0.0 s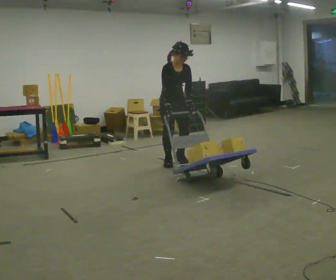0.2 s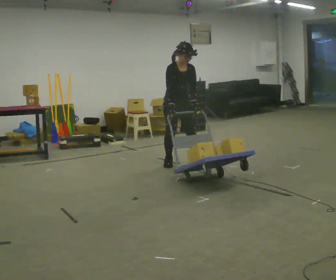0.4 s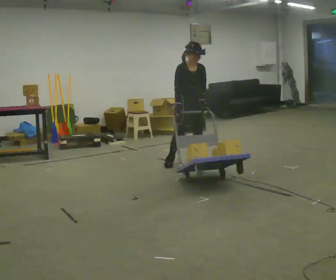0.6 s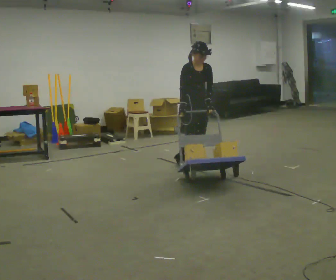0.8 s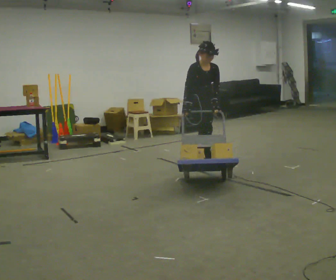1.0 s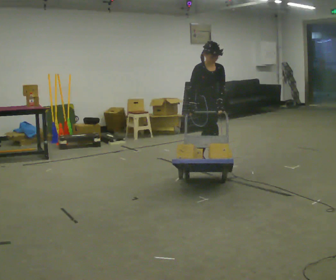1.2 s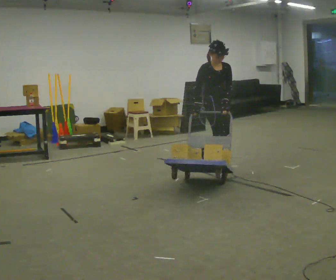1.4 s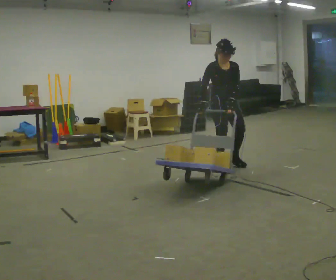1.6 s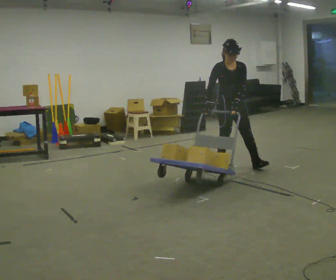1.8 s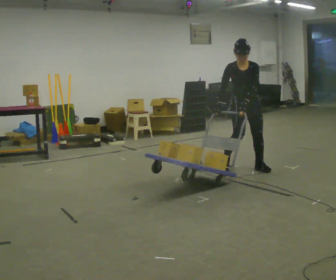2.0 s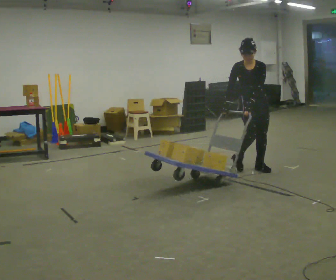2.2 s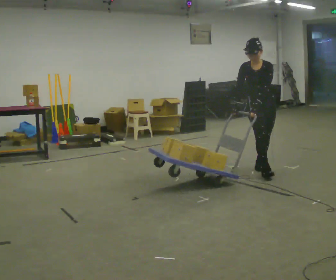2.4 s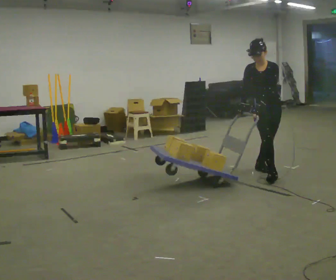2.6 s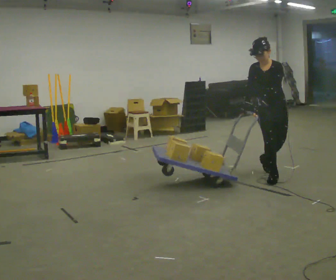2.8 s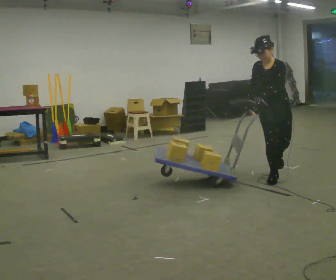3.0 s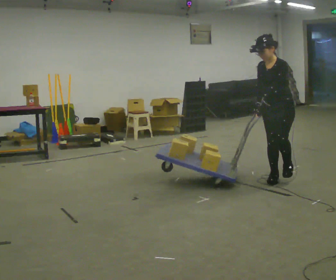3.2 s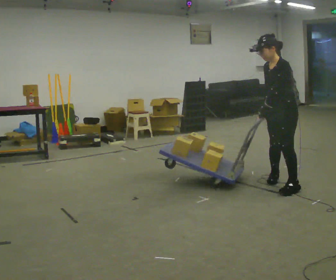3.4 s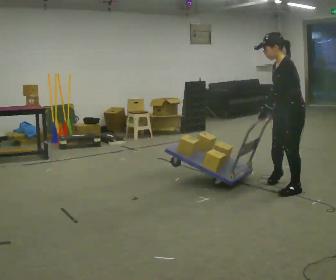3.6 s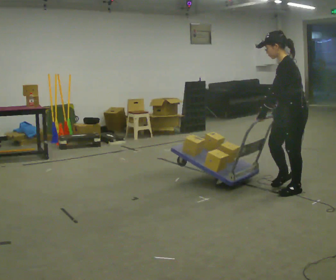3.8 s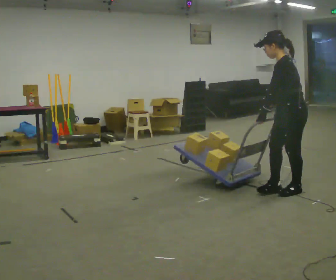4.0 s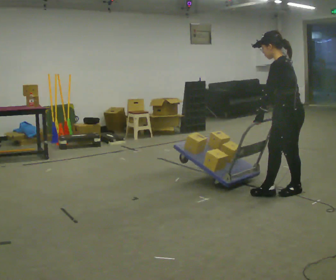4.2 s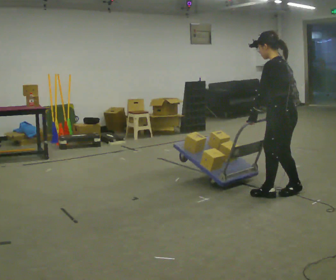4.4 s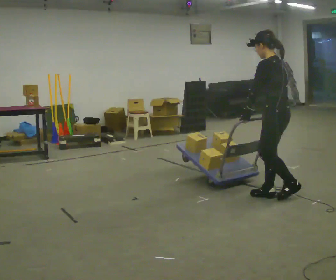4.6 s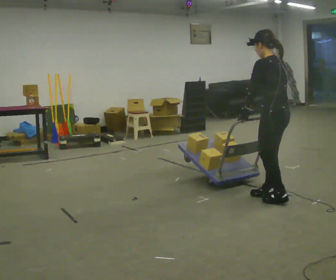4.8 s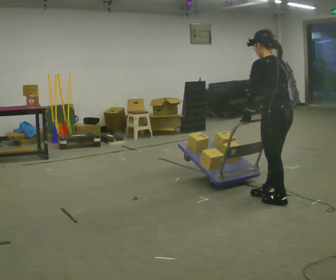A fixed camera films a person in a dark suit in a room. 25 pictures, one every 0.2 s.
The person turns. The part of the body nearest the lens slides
to the left.
The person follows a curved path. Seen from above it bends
clockwise.
0.0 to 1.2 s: In the picture they go to the right, about 0.5 m in 2 steps, which for them is to their left and forward.
1.2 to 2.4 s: The person turns about 45 degrees to their right, clockwise seen from above, so the part of the body nearest the lens slides to the left. In the picture they go to the right and toward the camera, about 0.5 m in 2 steps, which for them is to their left and forward.
2.4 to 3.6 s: The part of the body nearest the lens slides to the left as the person turns to their right by about 90 degrees. In the picture they go toward the camera, about 0.5 m in 1 step.
3.6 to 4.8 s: The person turns about 45 degrees to their right, clockwise seen from above, so the part of the body nearest the lens slides to the left. In the picture they go toward the camera and to the left, about 0.25 m in 2 steps, which for them is to their left and forward.
The film runs forward here.
